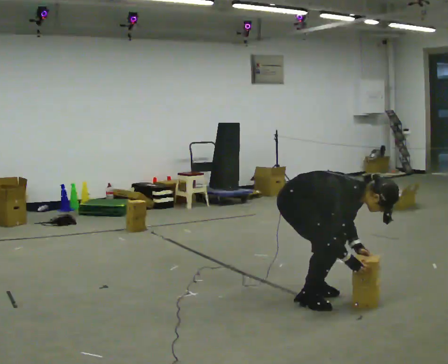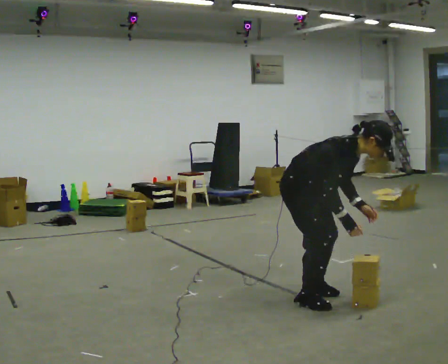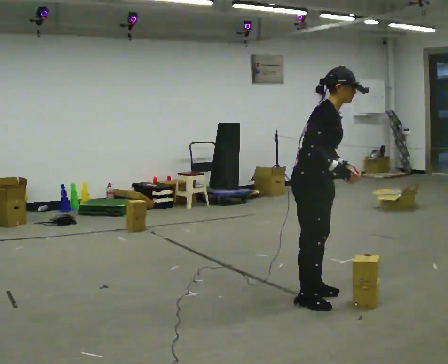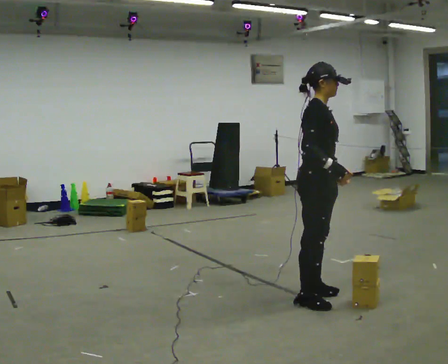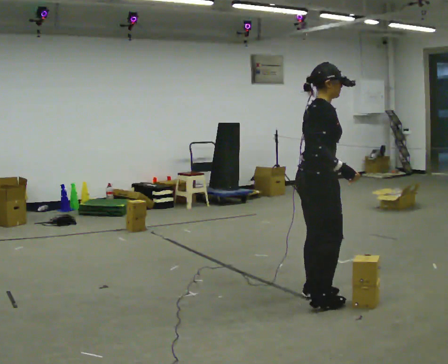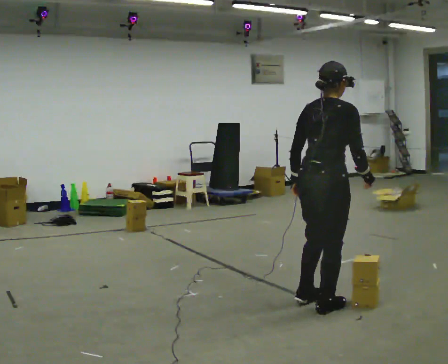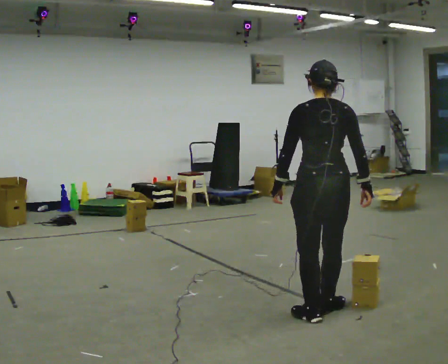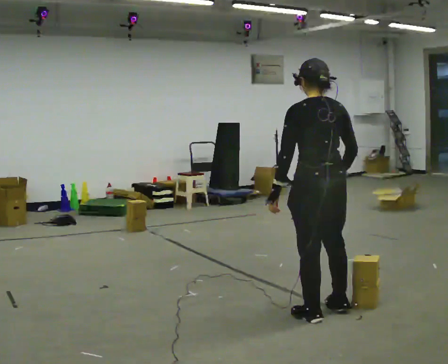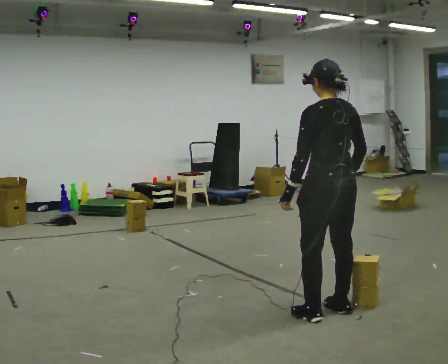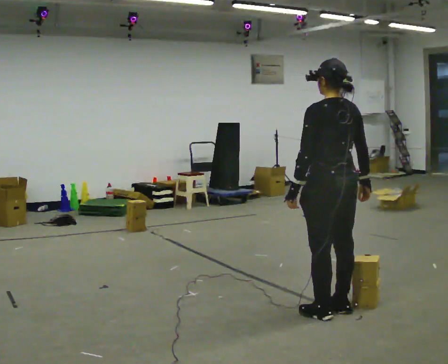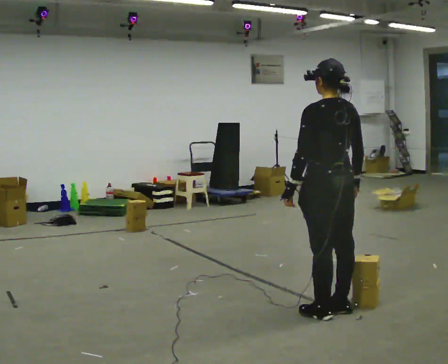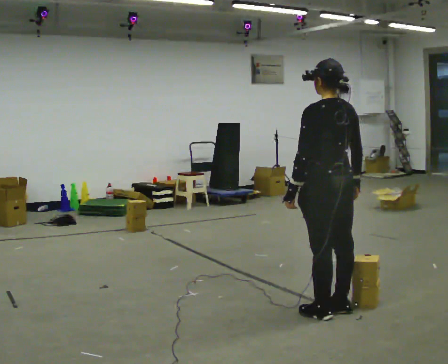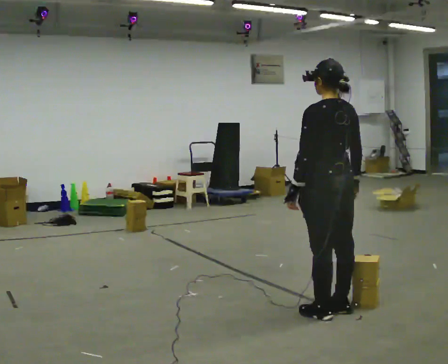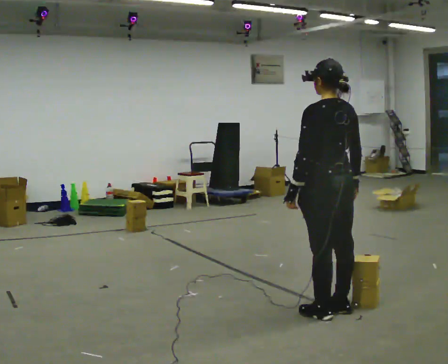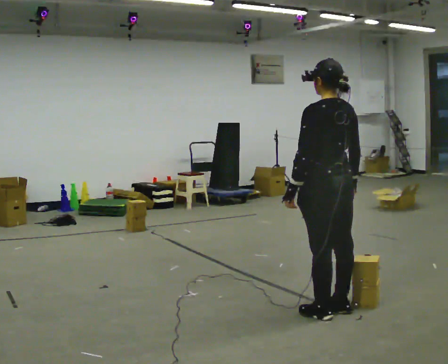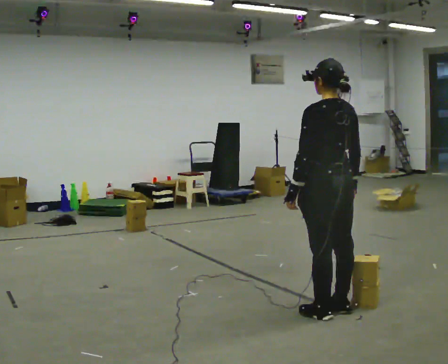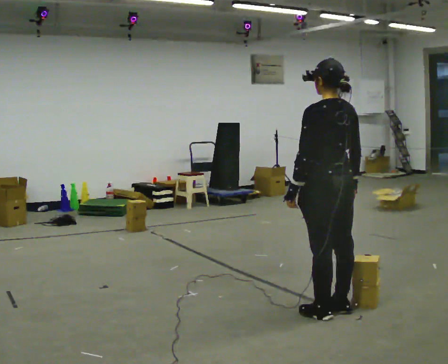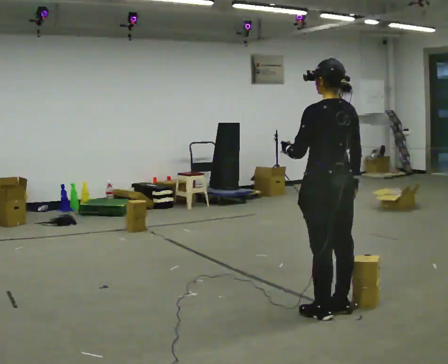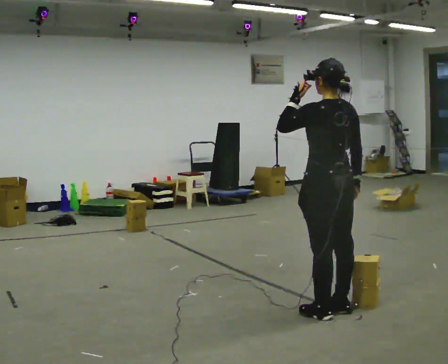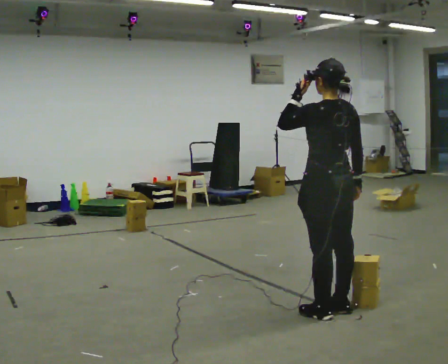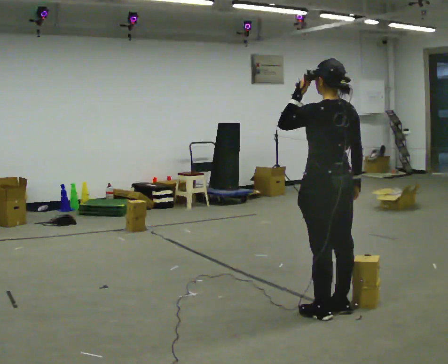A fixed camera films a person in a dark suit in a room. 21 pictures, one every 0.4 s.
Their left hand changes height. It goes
upward.
The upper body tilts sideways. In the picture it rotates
counterclockwise.
0.0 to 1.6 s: The person turns about 30 degrees to their left, counterclockwise seen from above, so the part of the body nearest the lens slides to the right. The shoulders move upward. In the picture the upper body tilts counterclockwise, shoulders to the left, as they lean back or straighten. In the picture their left hand goes upward.
1.6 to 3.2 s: Seen from above the body turns counterclockwise, about 105 degrees: to their left, with its near side sliding to the right. In the picture they go toward the camera, about 0.25 m in 2 steps.
3.2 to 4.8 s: The person moves a little, or ends about where they began.
4.8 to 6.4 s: The person keeps their place and pose.
6.4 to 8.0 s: In the picture their left hand goes upward.
The film runs forward here.
